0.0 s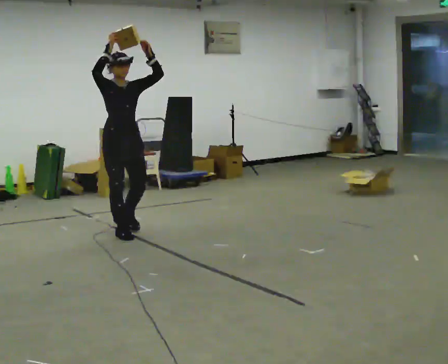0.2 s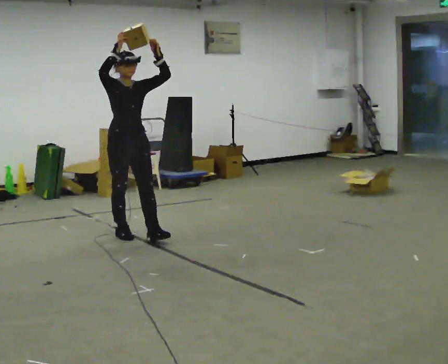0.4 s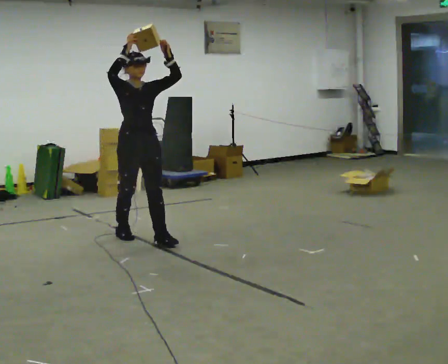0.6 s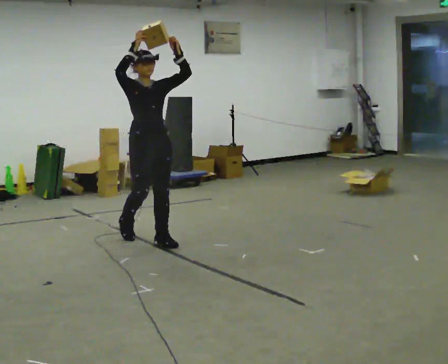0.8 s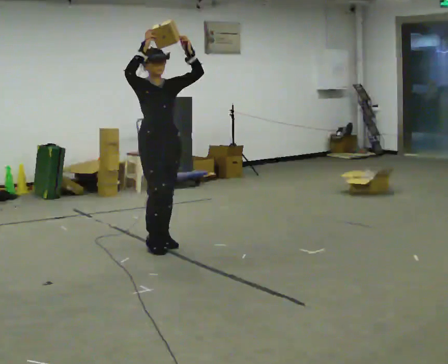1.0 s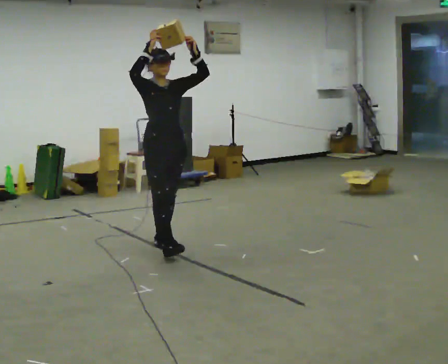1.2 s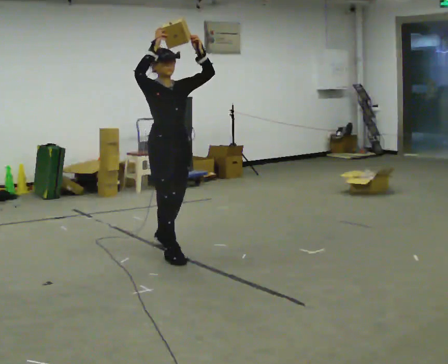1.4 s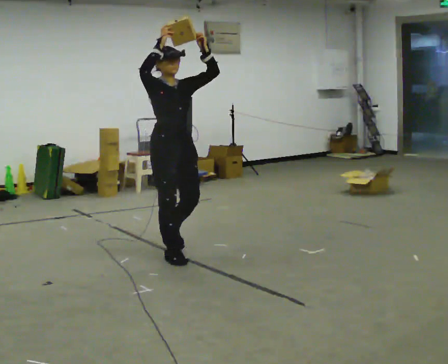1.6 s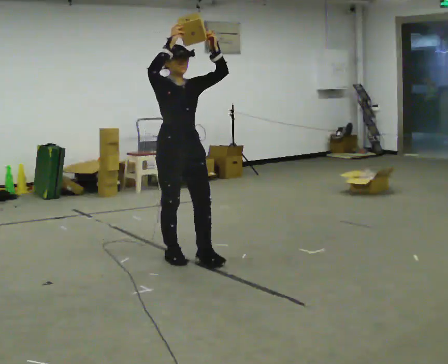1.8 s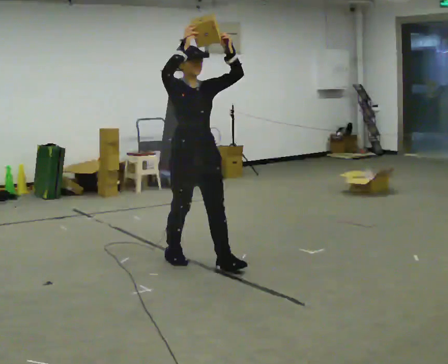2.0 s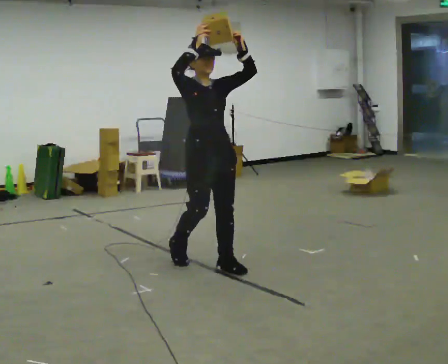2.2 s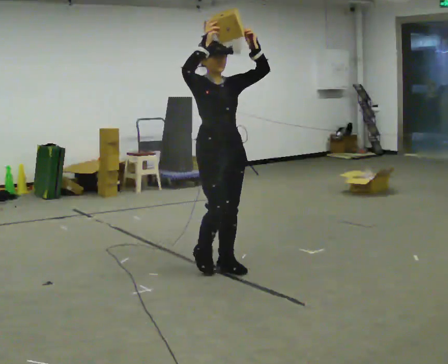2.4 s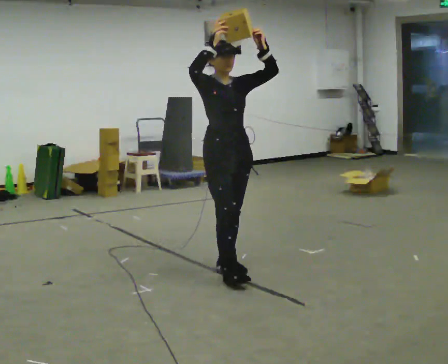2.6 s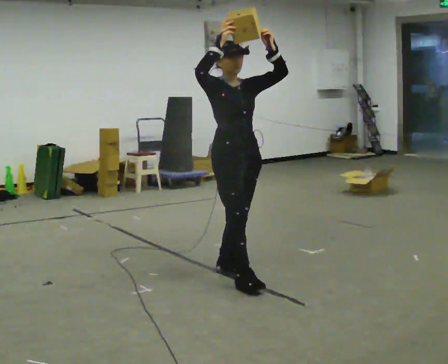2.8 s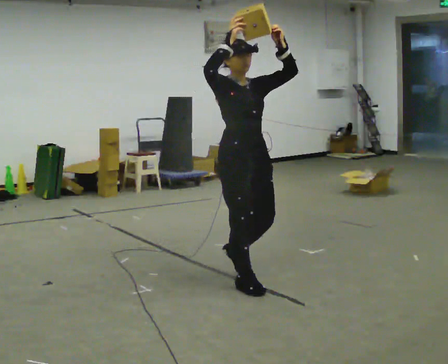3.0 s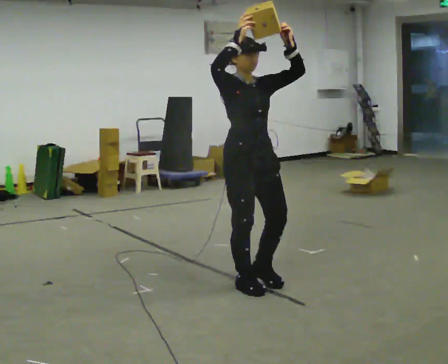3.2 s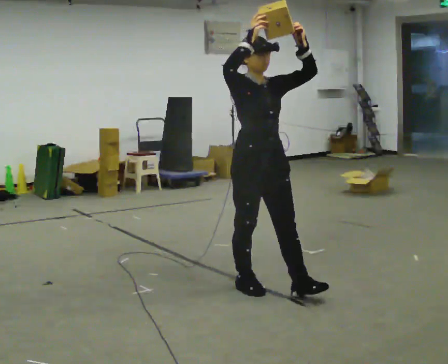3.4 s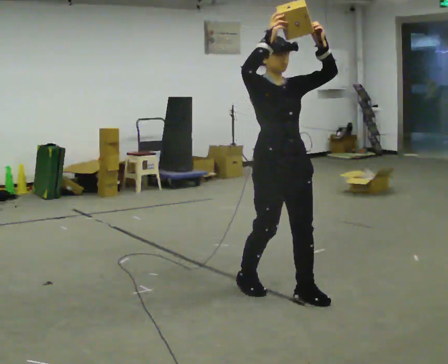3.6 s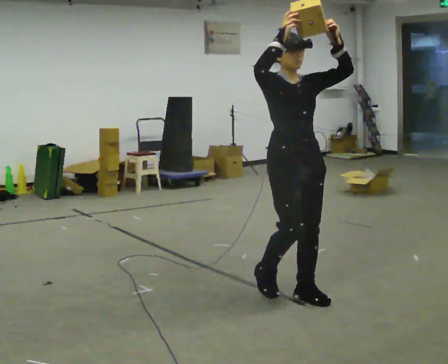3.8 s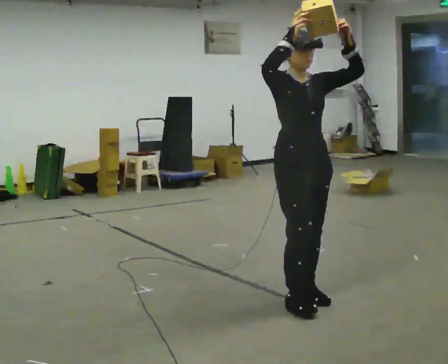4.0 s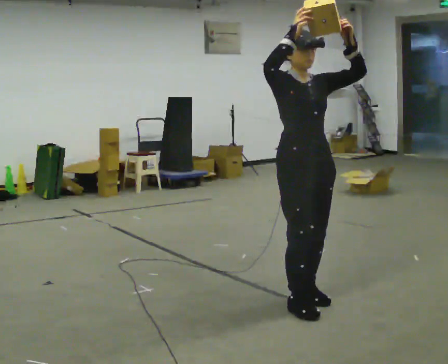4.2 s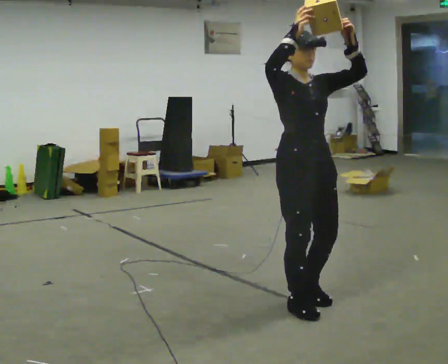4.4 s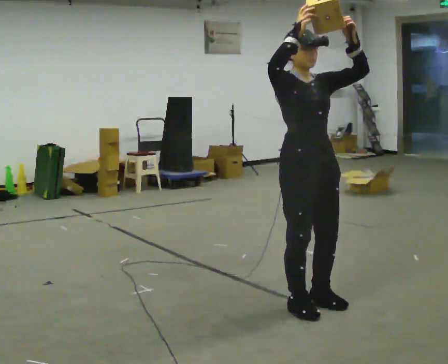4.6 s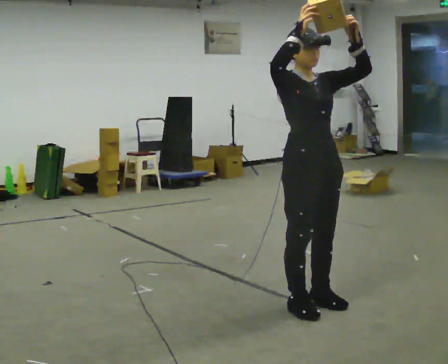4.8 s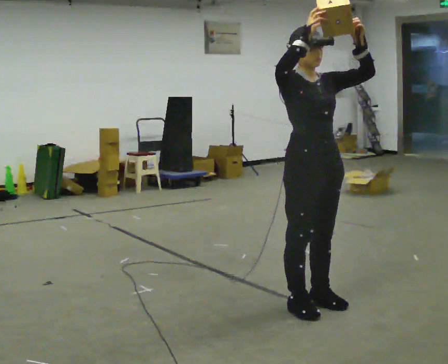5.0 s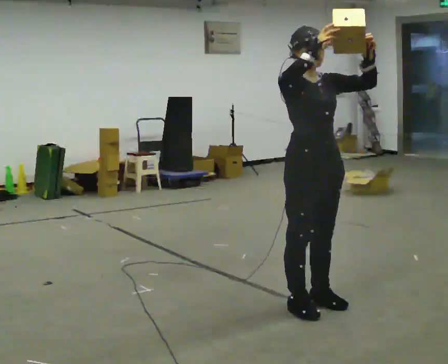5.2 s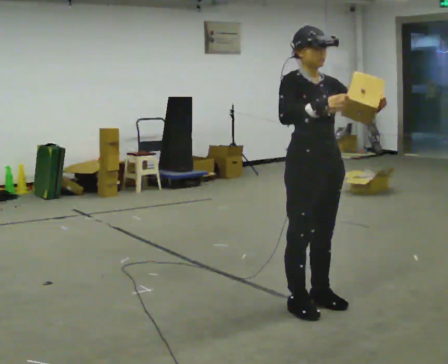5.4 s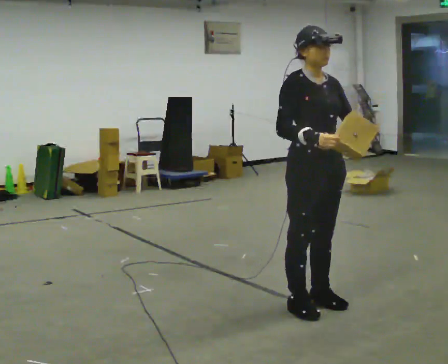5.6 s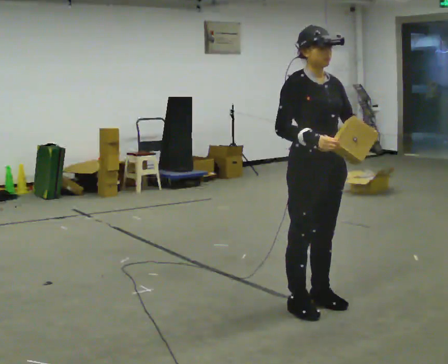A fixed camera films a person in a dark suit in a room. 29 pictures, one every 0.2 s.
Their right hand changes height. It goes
downward.
Their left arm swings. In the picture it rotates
clockwise.
0.0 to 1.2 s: In the picture they go toward the camera and to the right, about 1 m in 2 steps, which for them is forward.
1.2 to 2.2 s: In the picture they go to the right and toward the camera, about 0.5 m in 1 step, which for them is forward.
2.2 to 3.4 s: In the picture they go toward the camera and to the right, about 0.75 m in 2 steps, which for them is forward.
3.4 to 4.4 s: In the picture they go toward the camera, about 0.25 m in 1 step, which for them is forward.
4.4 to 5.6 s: In the picture their right hand goes downward.
The film runs forward here.
